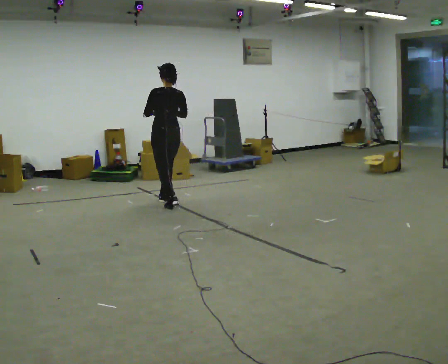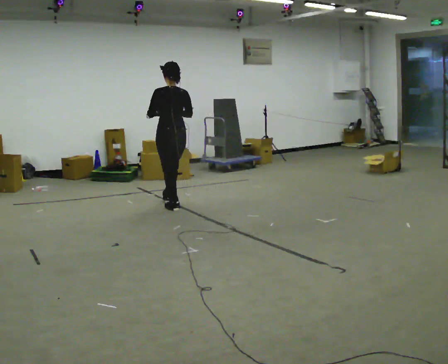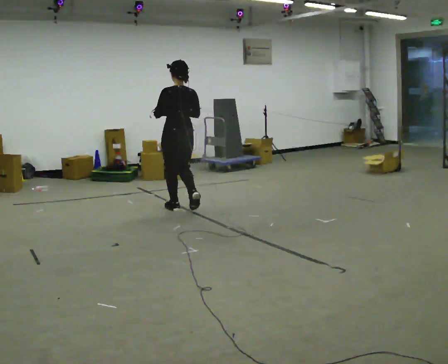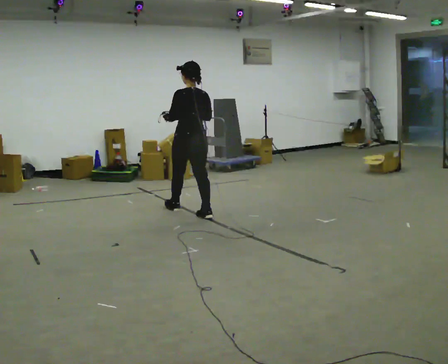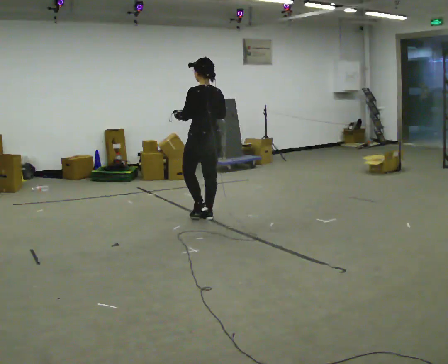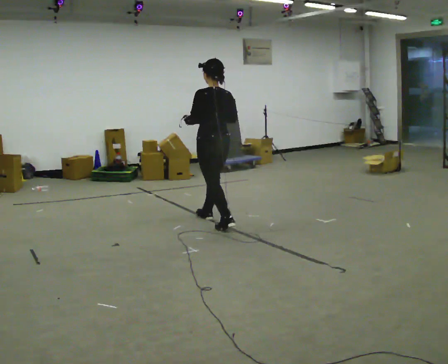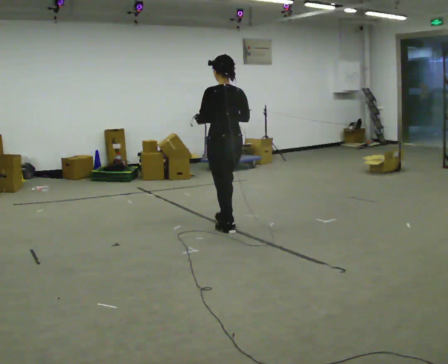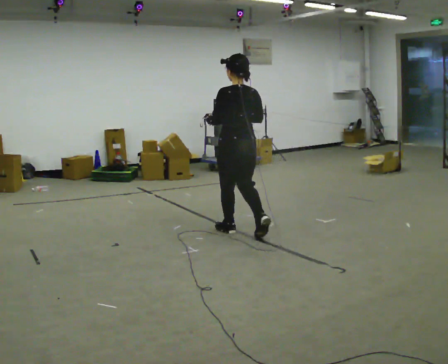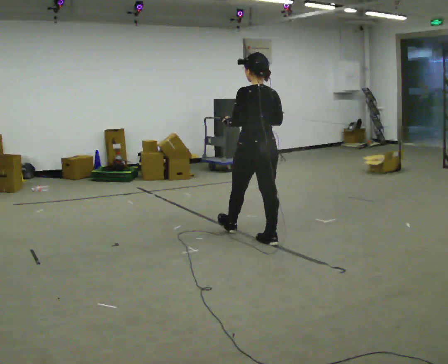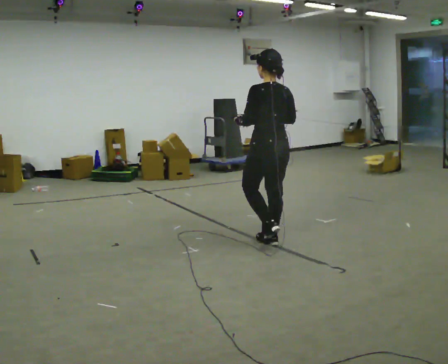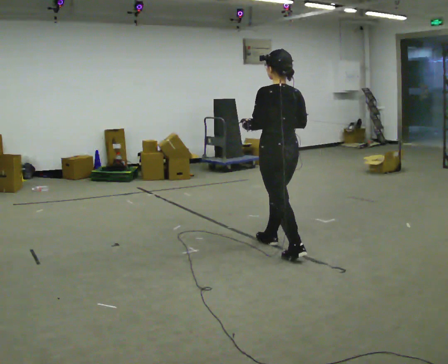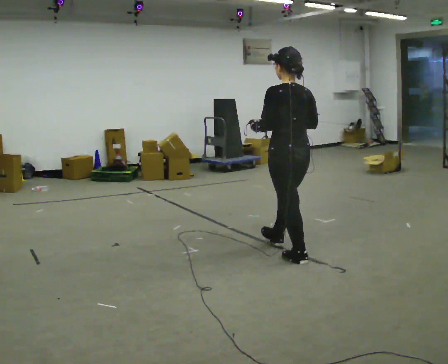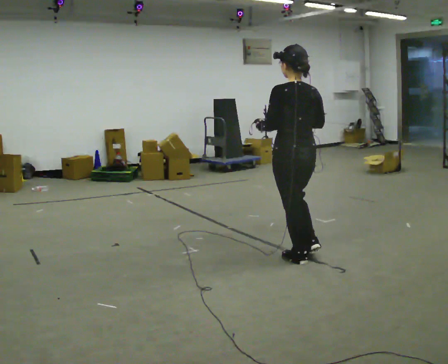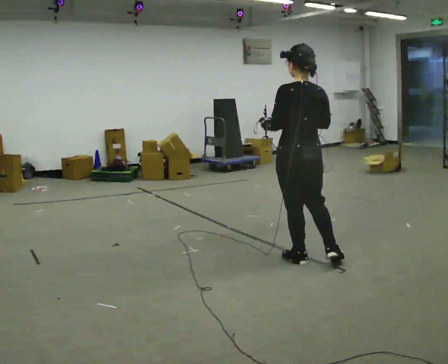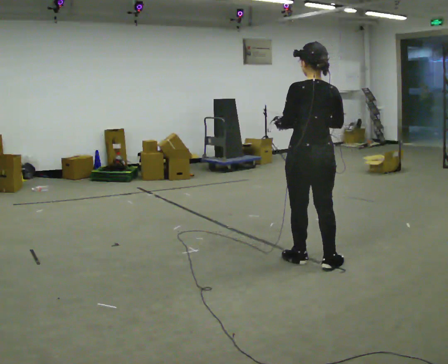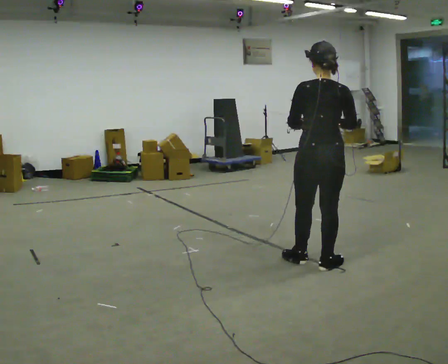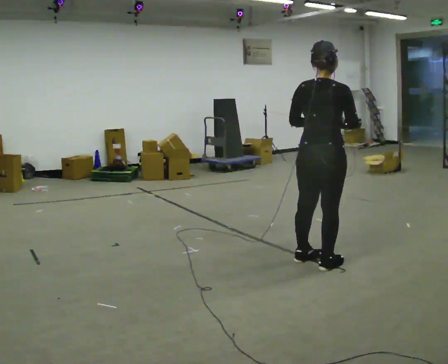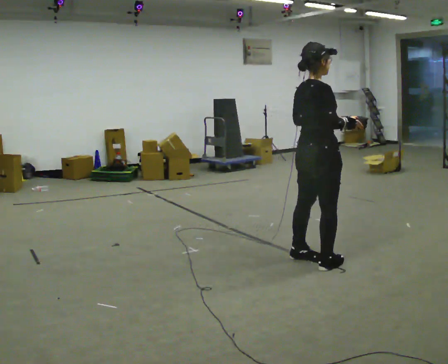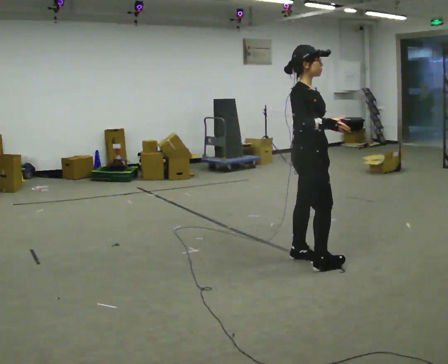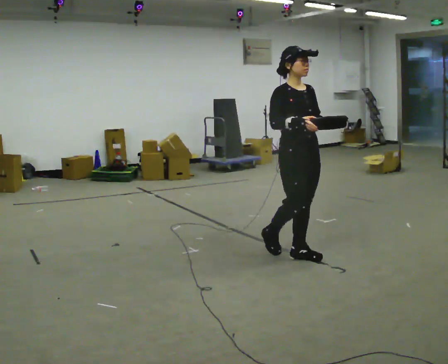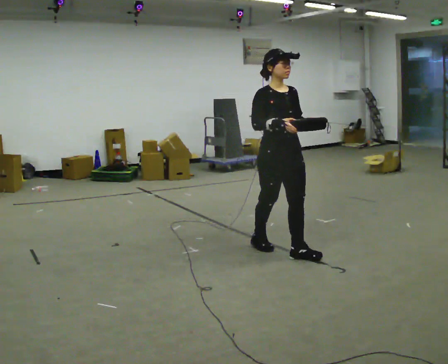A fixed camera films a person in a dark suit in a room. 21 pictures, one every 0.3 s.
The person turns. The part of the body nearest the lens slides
to the left.
The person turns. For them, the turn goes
to their right.
0.0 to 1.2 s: In the picture they go to the right and toward the camera, about 1 m in 2 steps, which for them is backward.
1.2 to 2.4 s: In the picture they go toward the camera and to the right, about 1 m in 2 steps, which for them is backward.
2.4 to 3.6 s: In the picture they go toward the camera and to the right, about 0.5 m in 1 step, which for them is backward.
3.6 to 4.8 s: The person turns about 60 degrees to their right, clockwise seen from above, so the part of the body nearest the lens slides to the left. In the picture they go to the right, about 0.25 m, which for them is backward and to their right. In the picture their right hand goes to the right.
4.8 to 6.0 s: The part of the body nearest the lens slides to the left as the person turns to their right by about 120 degrees. In the picture they go to the left and away from the camera, about 0.5 m in 1 step.
The film runs backward here.
